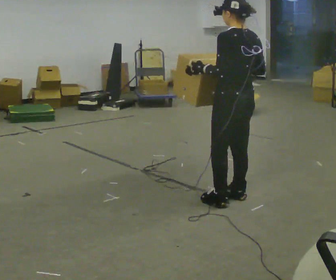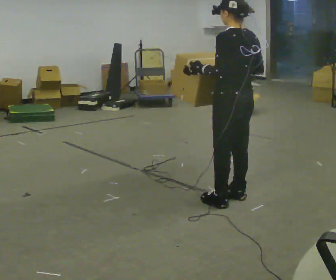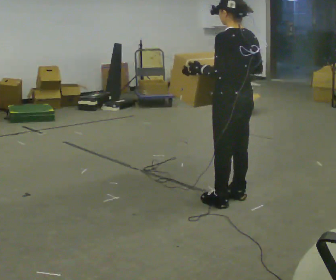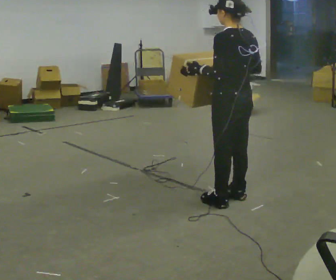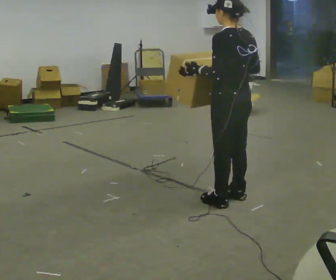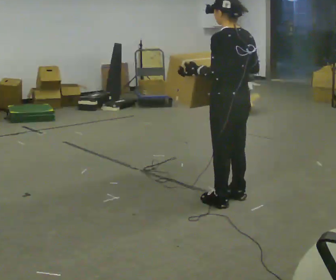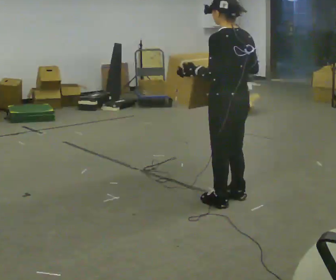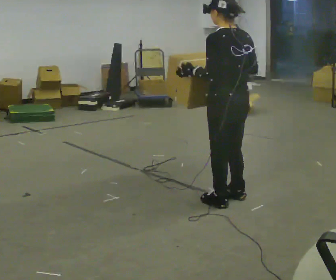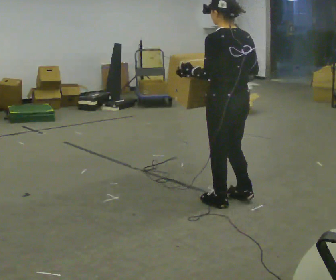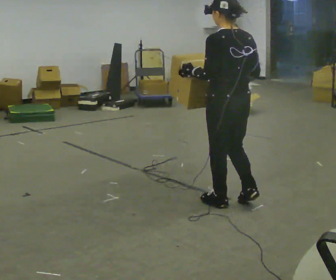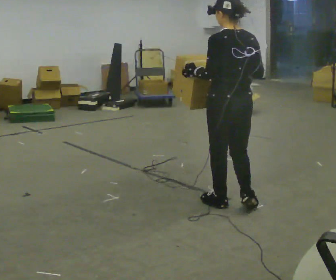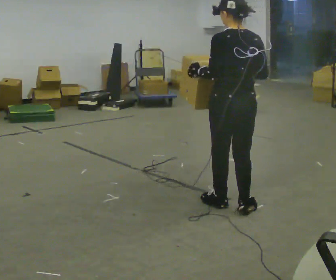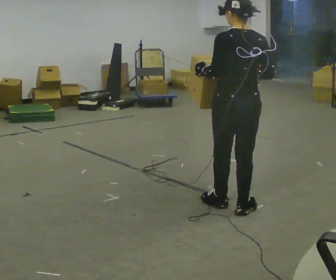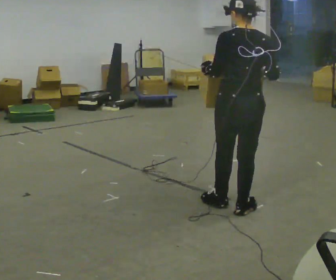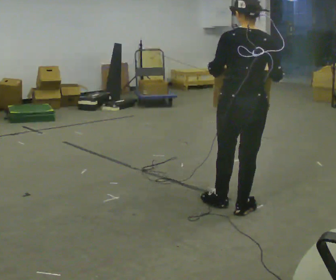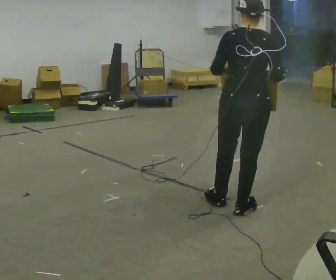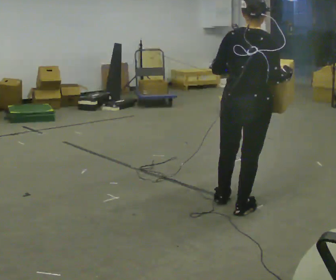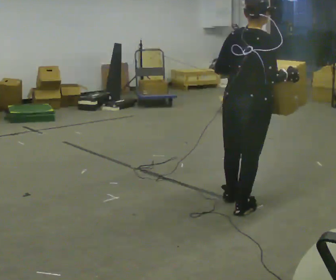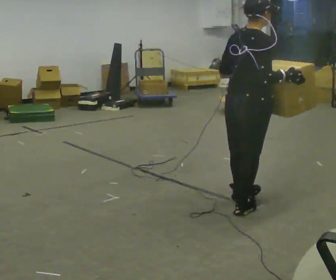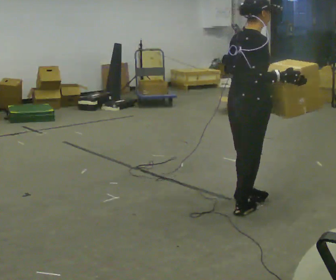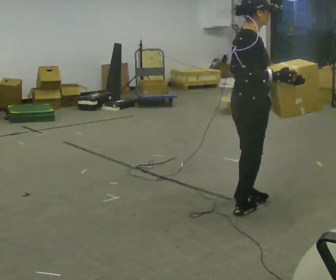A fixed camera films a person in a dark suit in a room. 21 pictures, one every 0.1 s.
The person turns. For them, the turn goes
to their right.
The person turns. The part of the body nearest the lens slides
to the left.
0.0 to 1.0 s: The person moves a little, or ends about where they began.
1.0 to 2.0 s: Seen from above the body turns clockwise, about 105 degrees: to their right, with its near side sliding to the left.
The film runs backward here.
